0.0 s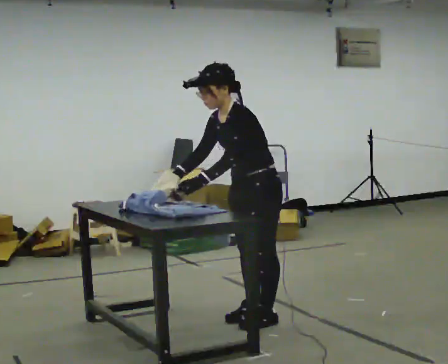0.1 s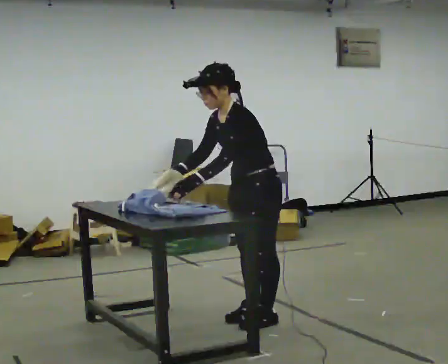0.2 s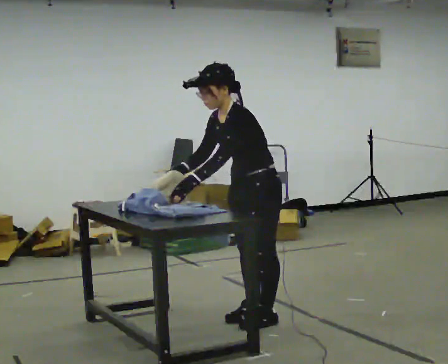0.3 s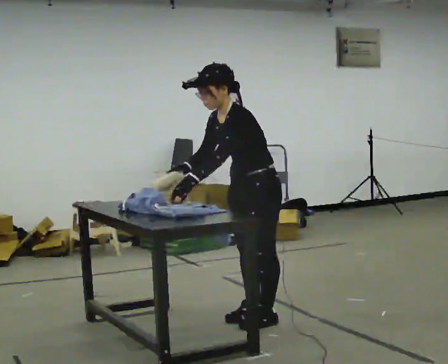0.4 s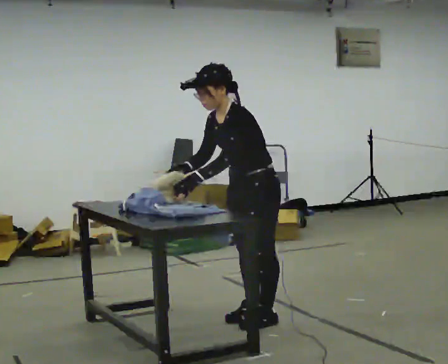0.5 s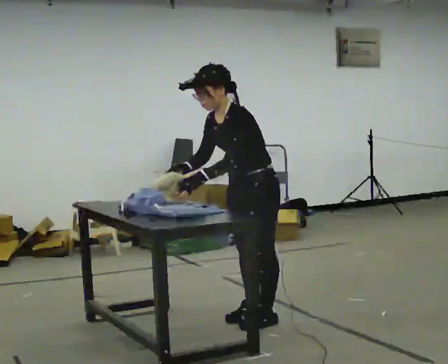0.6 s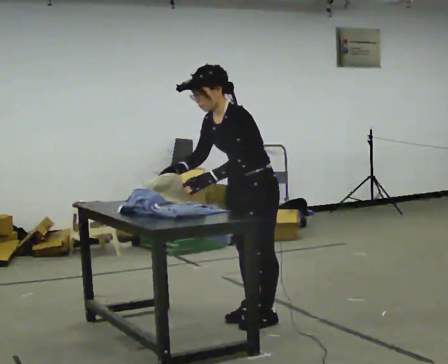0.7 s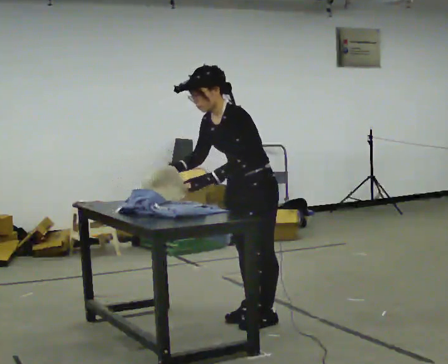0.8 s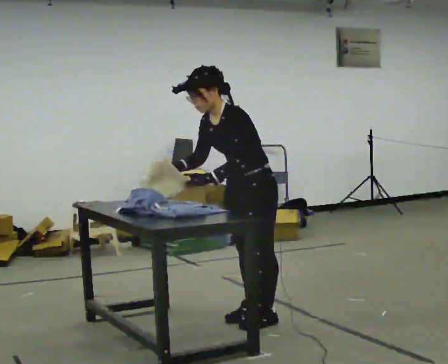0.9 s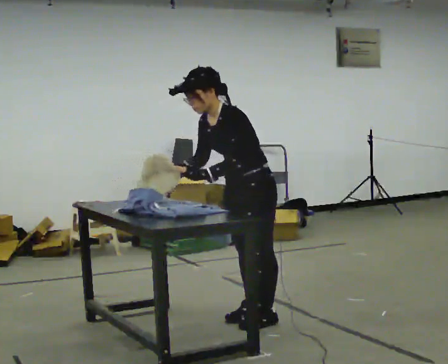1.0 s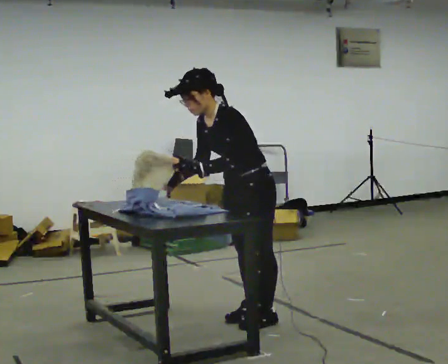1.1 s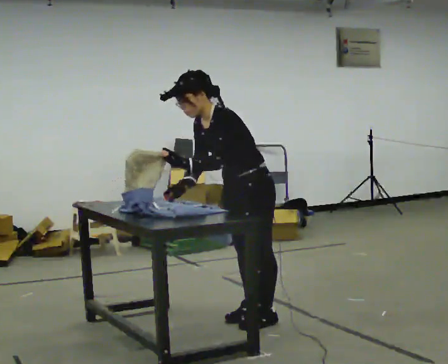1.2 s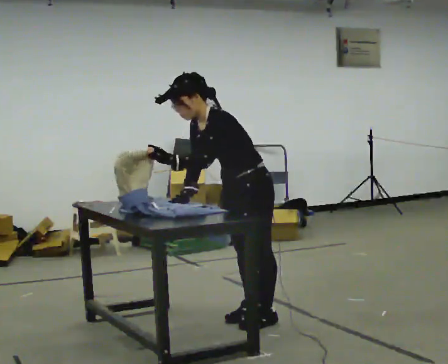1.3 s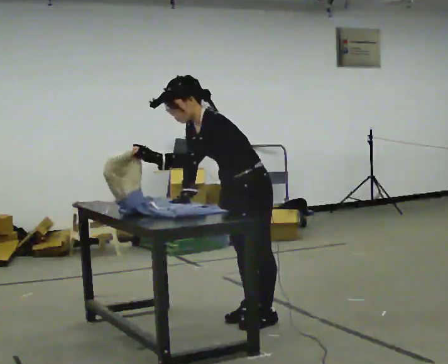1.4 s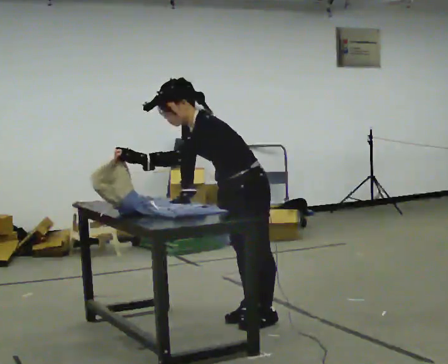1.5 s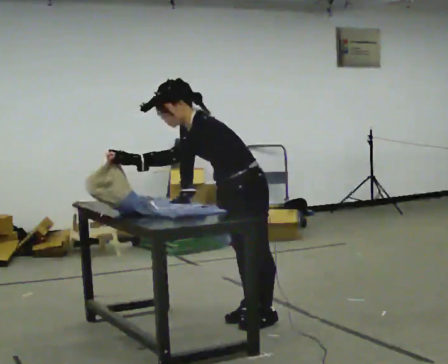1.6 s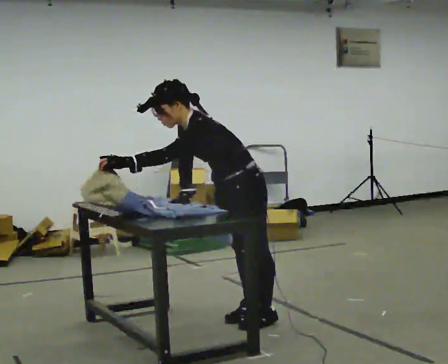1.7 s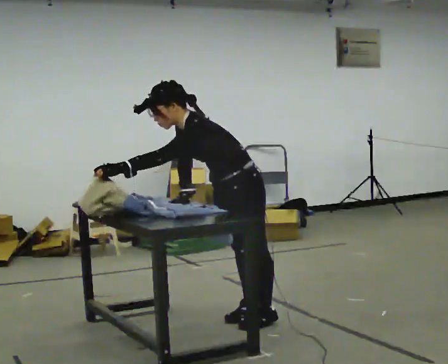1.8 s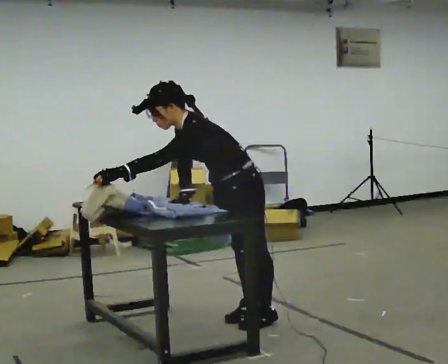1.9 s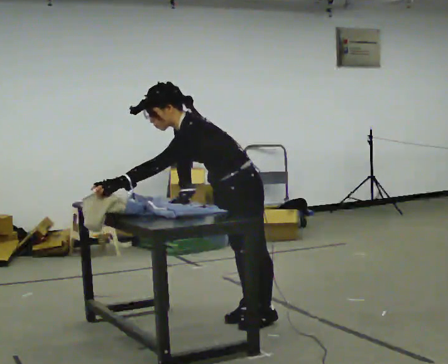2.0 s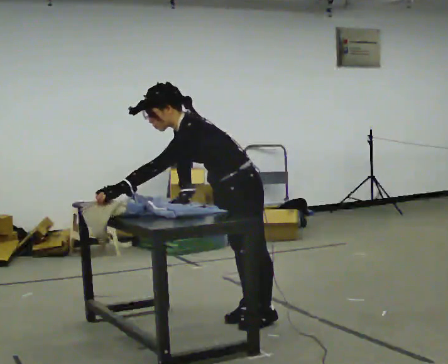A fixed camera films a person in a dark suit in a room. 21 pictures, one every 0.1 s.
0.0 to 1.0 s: The person moves a little, or ends about where they began.
1.0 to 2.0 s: In the picture the upper body tilts counterclockwise, shoulders to the left, as they bend forward. In the picture their left hand goes to the left.
The film runs backward here.
